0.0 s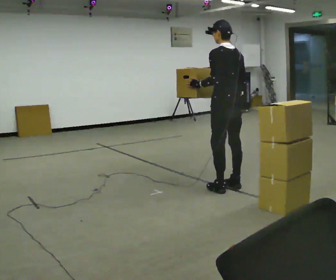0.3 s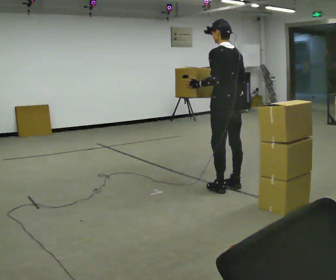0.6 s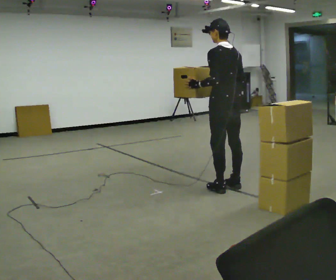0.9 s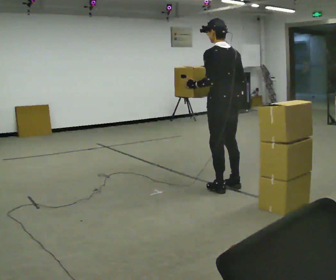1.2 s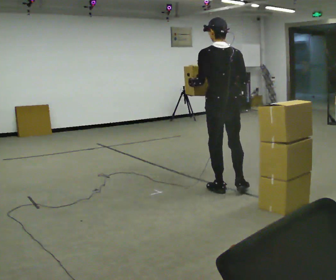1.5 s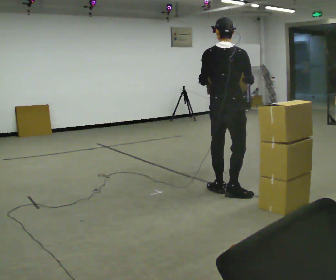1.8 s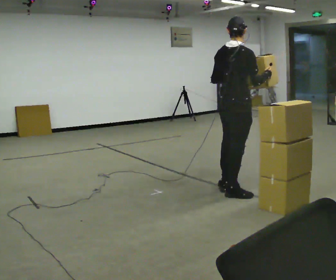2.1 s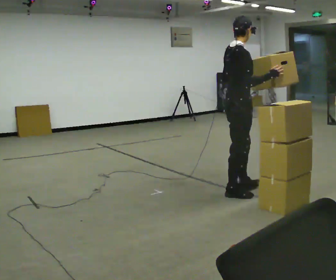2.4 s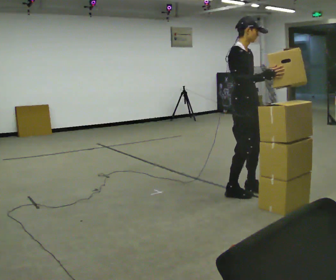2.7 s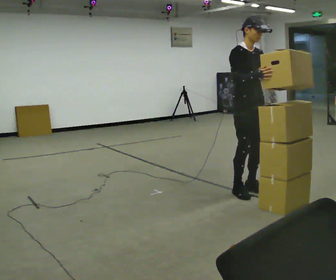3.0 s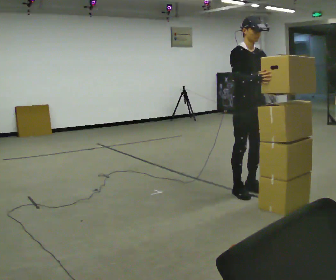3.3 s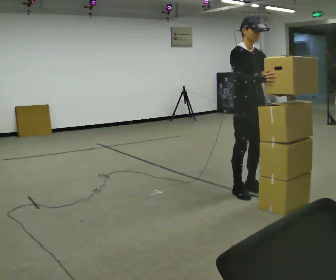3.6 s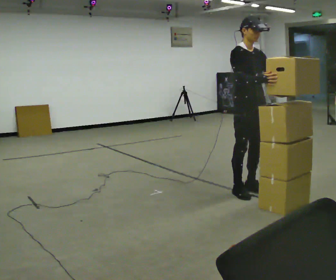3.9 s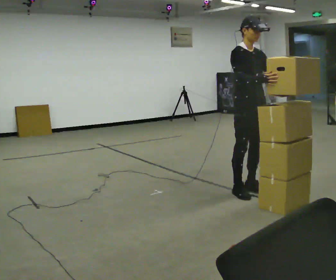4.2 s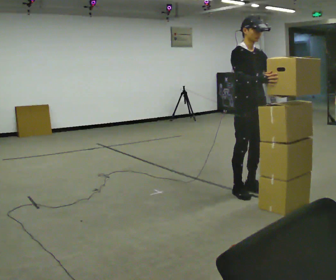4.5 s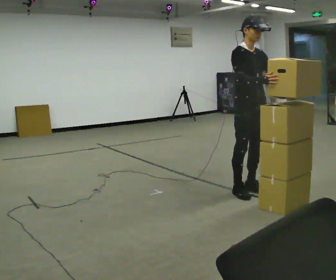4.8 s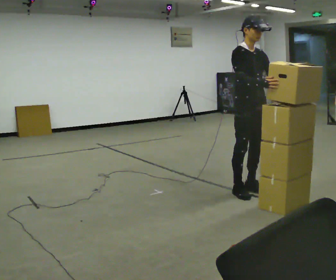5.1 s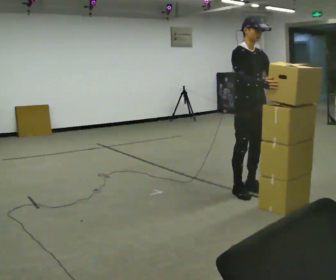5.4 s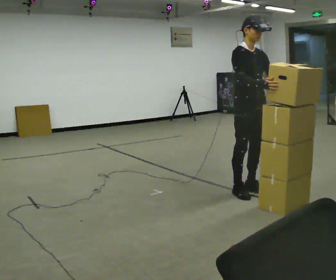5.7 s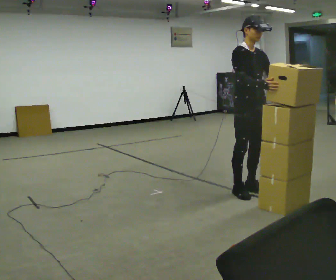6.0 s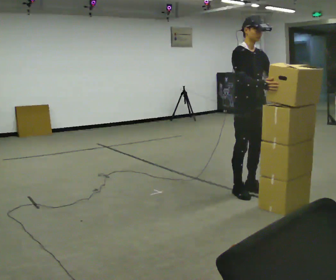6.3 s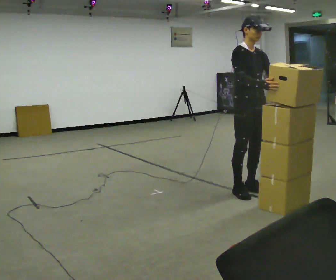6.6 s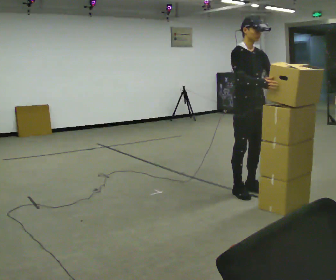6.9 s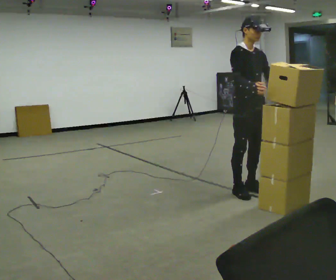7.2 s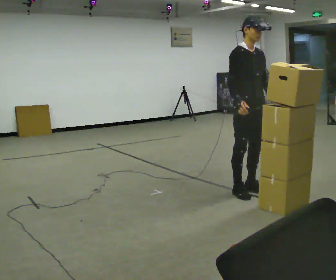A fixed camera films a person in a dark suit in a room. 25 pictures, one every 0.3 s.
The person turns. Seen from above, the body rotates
clockwise.
The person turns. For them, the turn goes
to their right.
0.0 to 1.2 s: Seen from above the body turns clockwise, about 30 degrees: to their right, with its near side sliding to the left. In the picture they go toward the camera, about 0.25 m in 1 step, which for them is to their left.
1.2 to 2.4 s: The part of the body nearest the lens slides to the left as the person turns to their right by about 135 degrees. In the picture they go to the right, about 0.25 m in 1 step. In the picture their left hand goes to the right.
2.4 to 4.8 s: The person moves a little, or ends about where they began.
4.8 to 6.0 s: The person keeps their place and pose.
6.0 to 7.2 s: The person moves a little, or ends about where they began.
The film runs backward here.
